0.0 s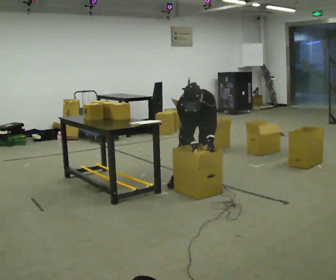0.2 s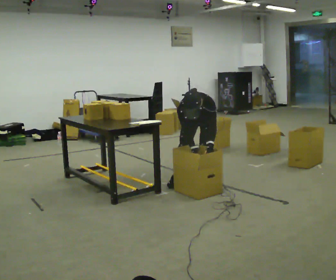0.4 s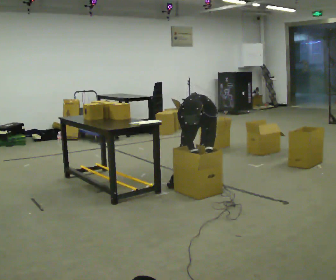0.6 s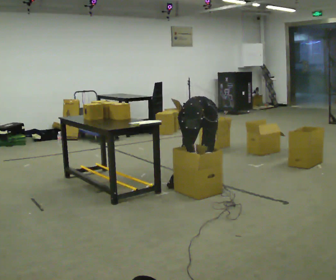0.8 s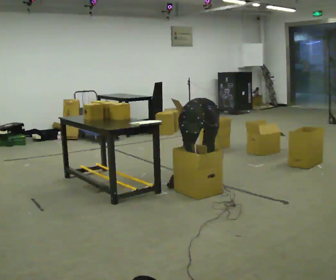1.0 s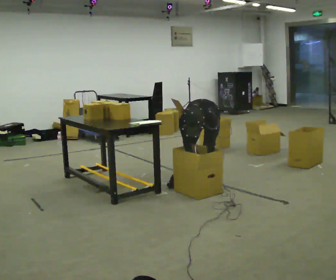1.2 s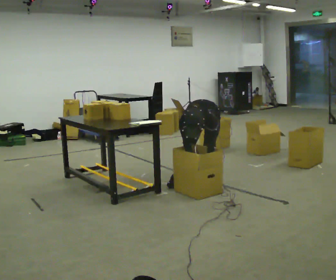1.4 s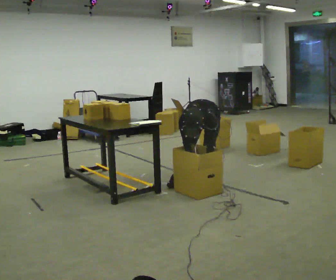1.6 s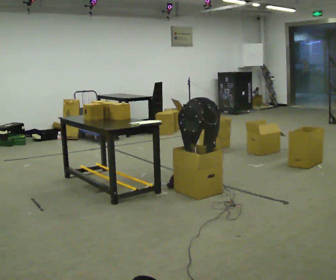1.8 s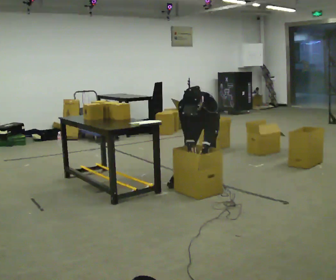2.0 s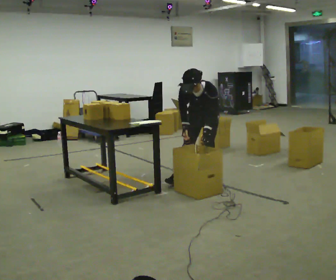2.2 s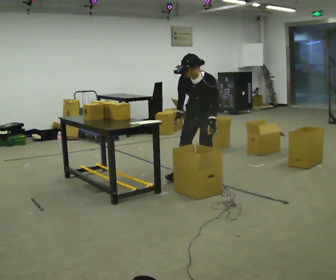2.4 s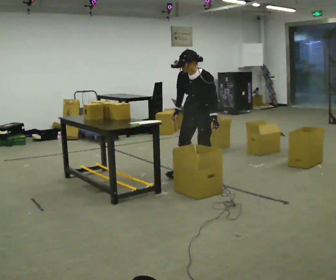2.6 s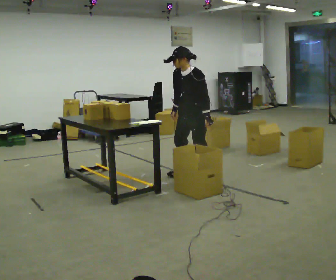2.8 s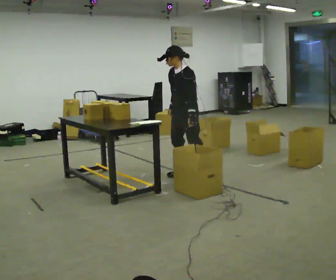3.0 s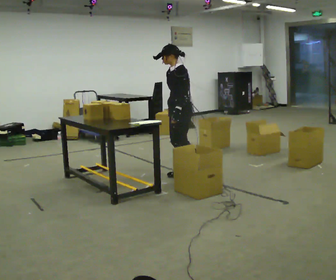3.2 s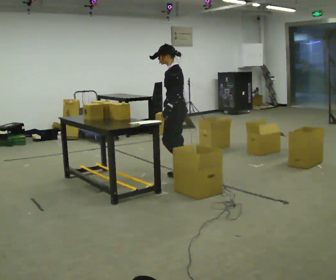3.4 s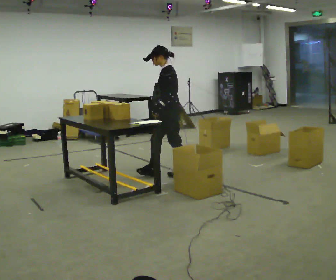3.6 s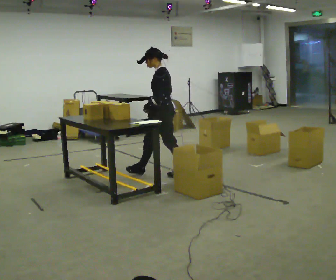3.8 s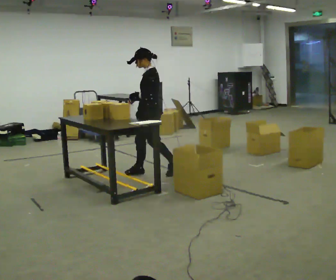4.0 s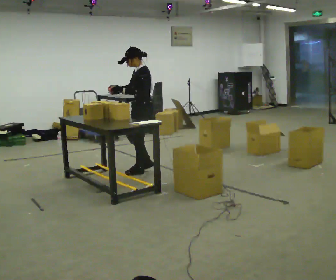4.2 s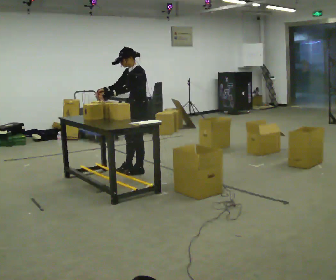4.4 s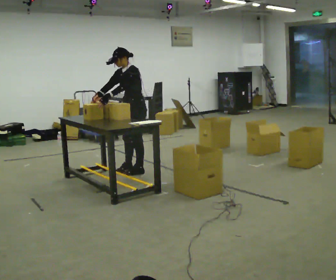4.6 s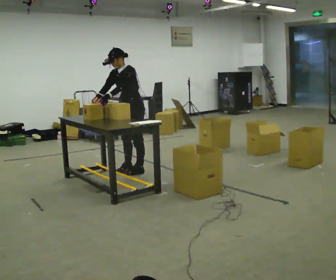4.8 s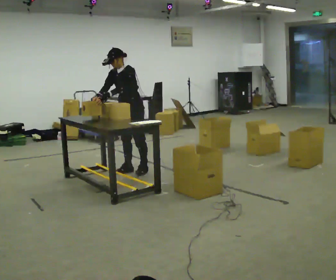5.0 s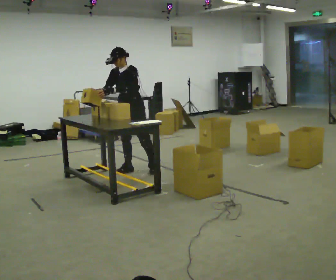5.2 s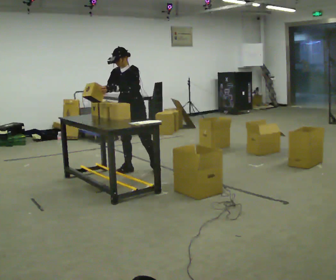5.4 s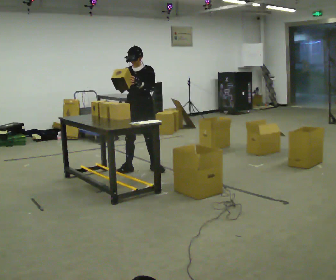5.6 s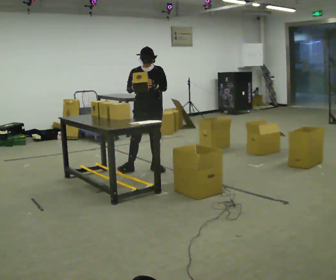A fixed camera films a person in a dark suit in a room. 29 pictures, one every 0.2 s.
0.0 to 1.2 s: In the picture the upper body tilts counterclockwise, shoulders to the left, as they bend forward.
1.2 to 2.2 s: The shoulders move upward. The upper body tips away from the camera, its near side rolling upward, as they lean back or straighten. In the picture their right hand goes upward.
2.2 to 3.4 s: The part of the body nearest the lens slides to the left as the person turns to their right by about 75 degrees. In the picture they go to the left and away from the camera, about 0.5 m in 1 step. The upper body tips away from the camera, its near side rolling upward, as they lean back or straighten.
3.4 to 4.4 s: The part of the body nearest the lens slides to the right as the person turns to their left by about 45 degrees. In the picture they go to the left and away from the camera, about 0.5 m in 2 steps, which for them is forward and to their right.
4.4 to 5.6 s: The person turns about 60 degrees to their left, counterclockwise seen from above, so the part of the body nearest the lens slides to the right. In the picture the upper body tilts clockwise, shoulders to the right, as they lean back or straighten. In the picture their left hand goes to the right.
The film runs forward here.
